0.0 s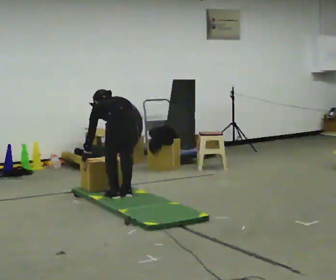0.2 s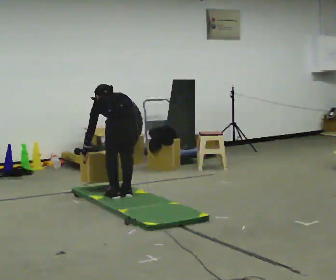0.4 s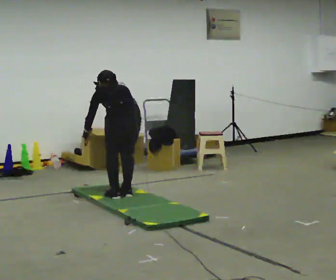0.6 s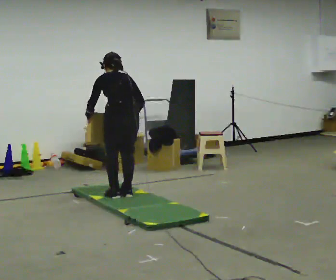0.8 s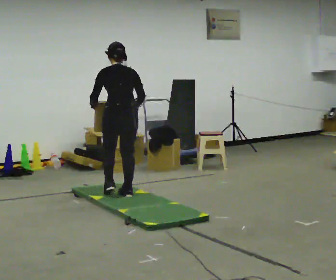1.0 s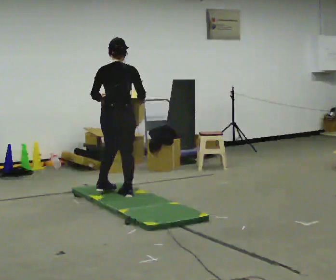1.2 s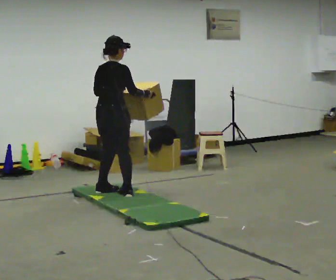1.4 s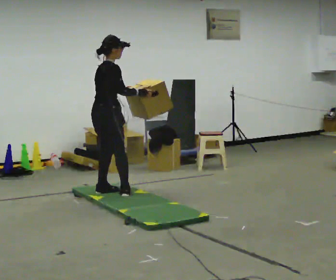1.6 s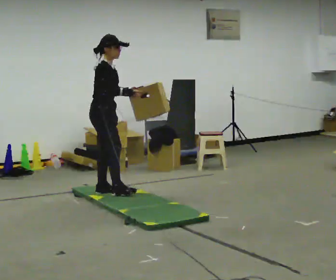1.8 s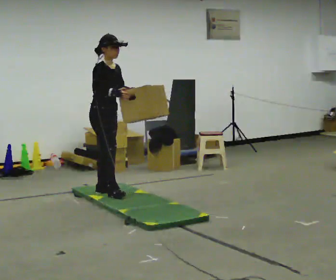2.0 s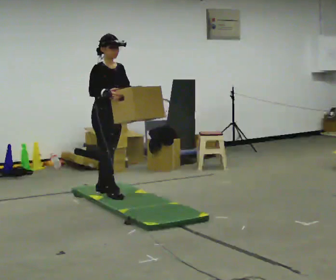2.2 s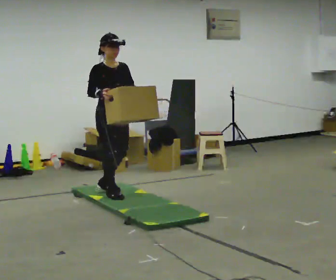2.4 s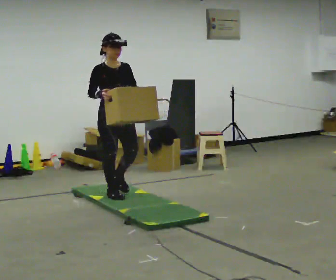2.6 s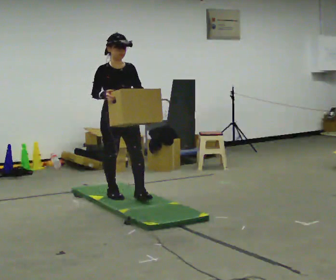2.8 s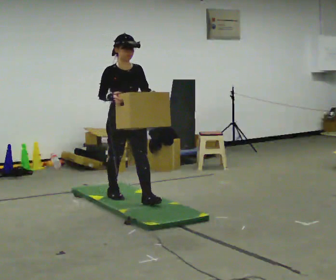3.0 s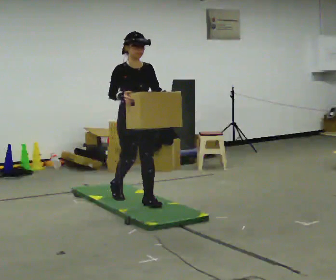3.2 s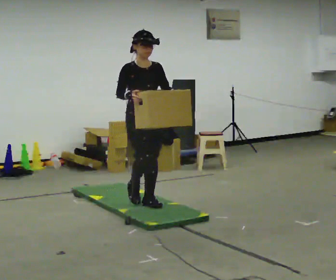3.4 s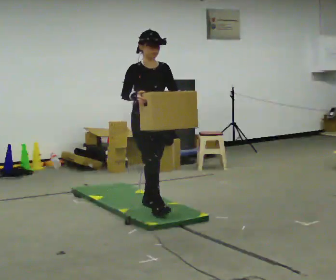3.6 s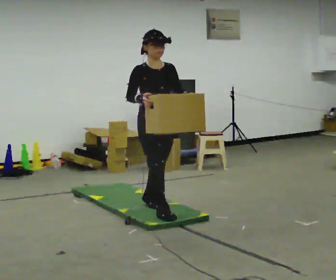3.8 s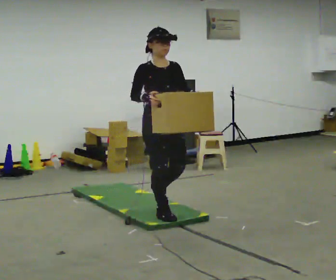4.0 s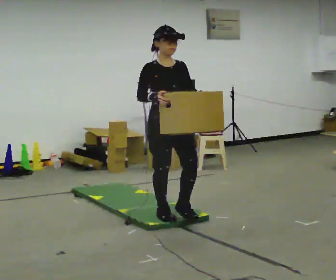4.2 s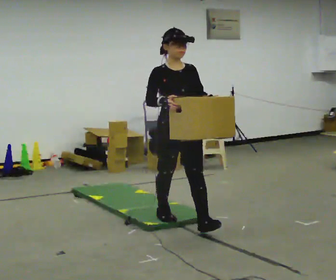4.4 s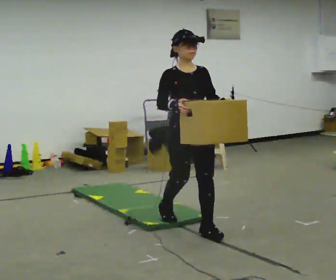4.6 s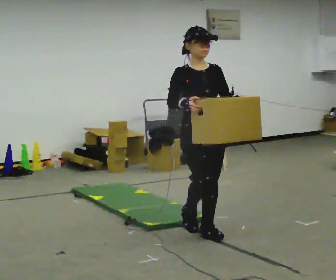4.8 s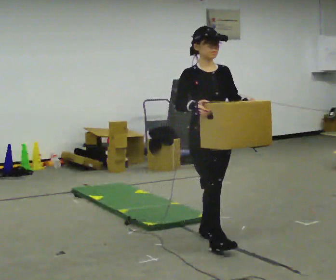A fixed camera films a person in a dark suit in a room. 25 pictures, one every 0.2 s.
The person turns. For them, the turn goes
to their right.
The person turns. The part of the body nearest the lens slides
to the left.
0.0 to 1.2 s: The part of the body nearest the lens slides to the left as the person turns to their right by about 60 degrees. In the picture they go away from the camera and to the left, about 0.25 m in 1 step, which for them is forward. The shoulders move upward. The upper body tips toward the camera, its near side rolling downward, as they lean back or straighten. In the picture their left hand goes upward.
1.2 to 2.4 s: Seen from above the body turns clockwise, about 120 degrees: to their right, with its near side sliding to the left. In the picture their left hand goes to the right.
2.4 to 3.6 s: In the picture they go toward the camera and to the right, about 0.5 m in 2 steps, which for them is forward.
3.6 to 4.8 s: In the picture they go toward the camera and to the right, about 1 m in 1 step, which for them is forward.
The film runs forward here.
